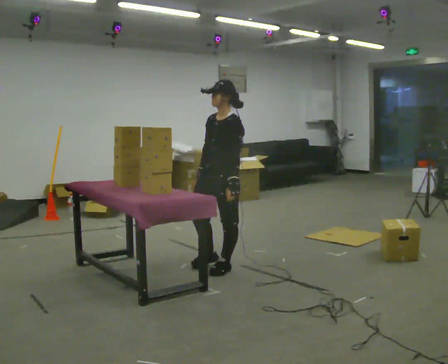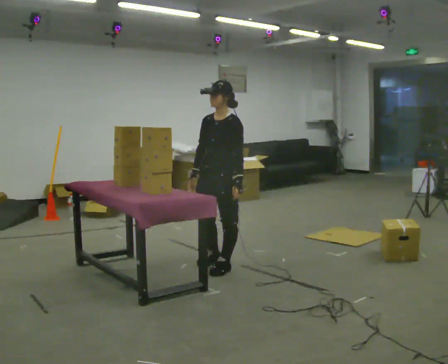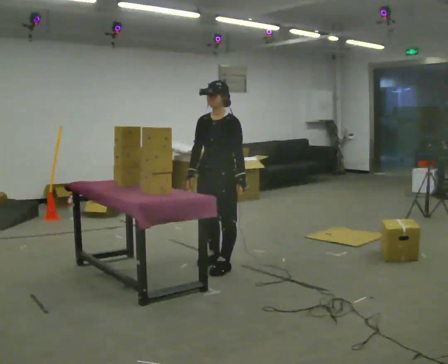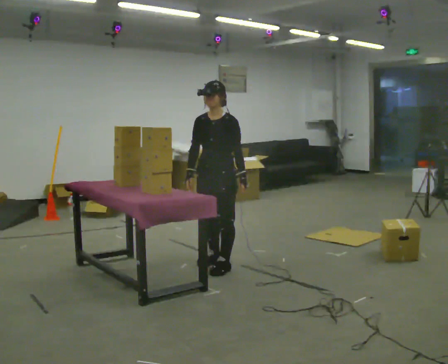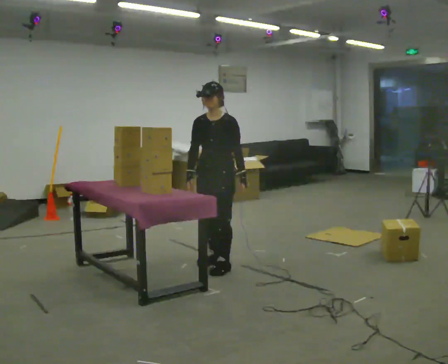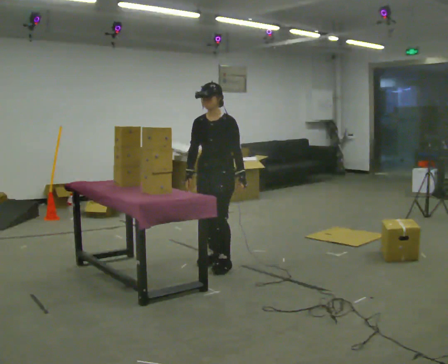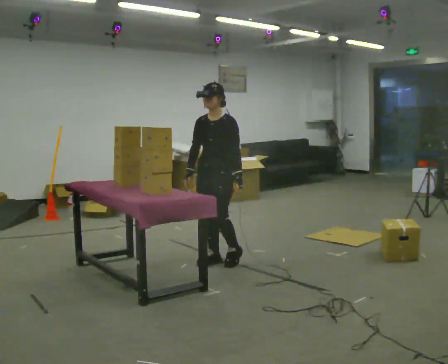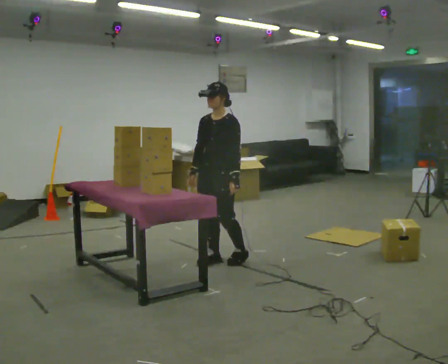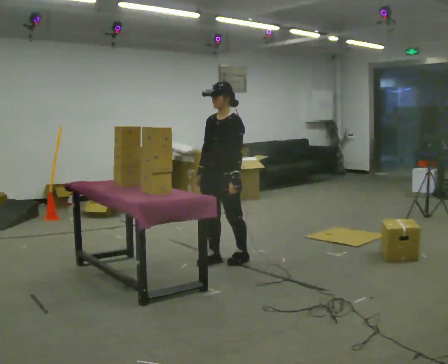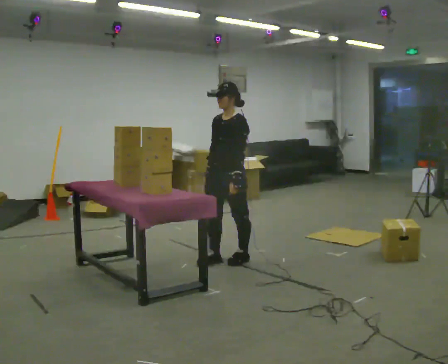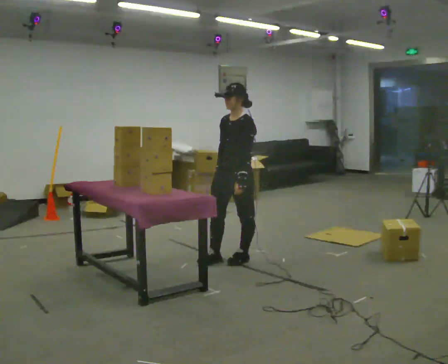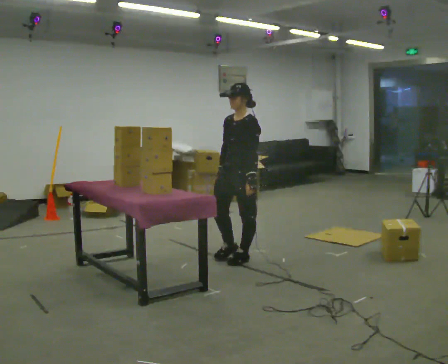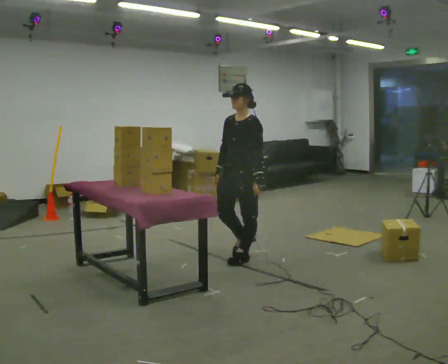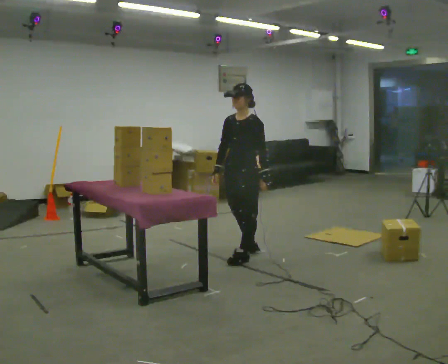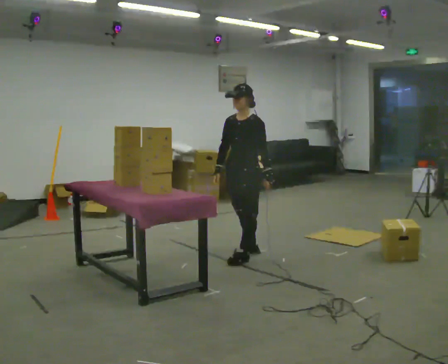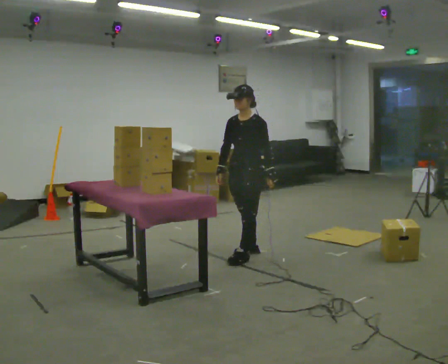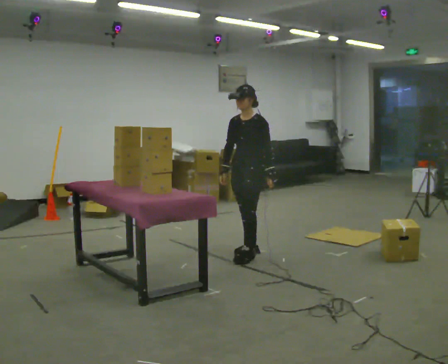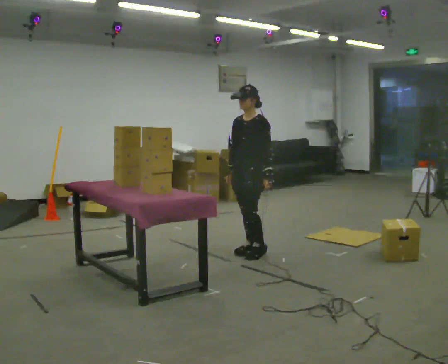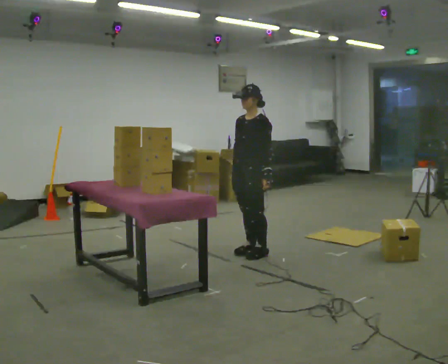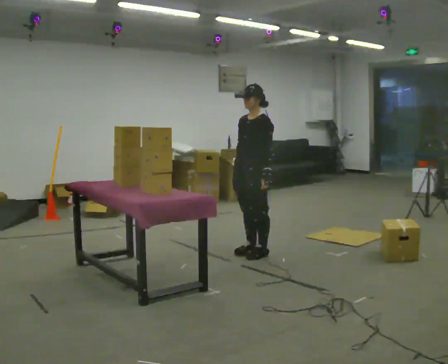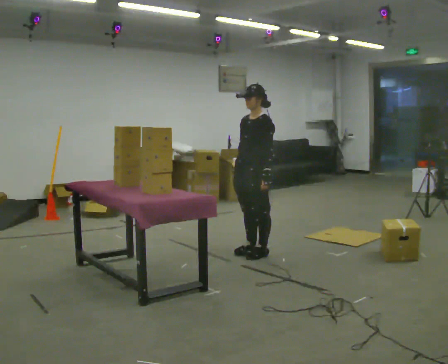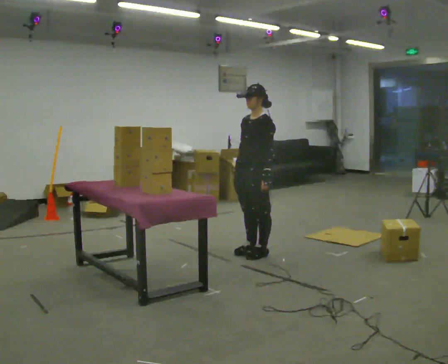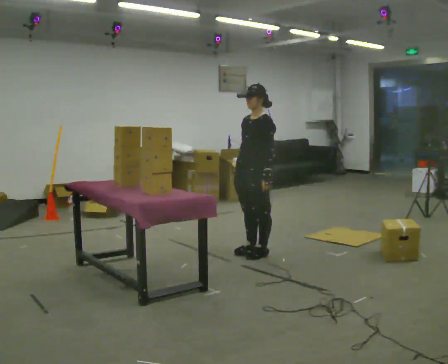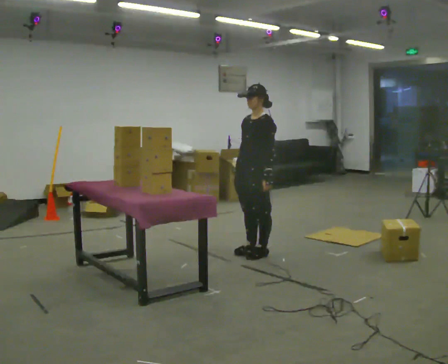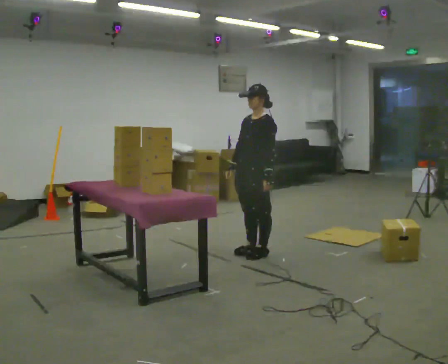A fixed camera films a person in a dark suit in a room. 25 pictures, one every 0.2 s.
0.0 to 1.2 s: In the picture they go away from the camera, about 0.25 m in 1 step, which for them is backward and to their right.
1.2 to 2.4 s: In the picture they go to the right, about 0.25 m in 1 step, which for them is backward and to their left.
2.4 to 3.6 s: In the picture they go away from the camera, about 0.25 m in 1 step, which for them is backward.
3.6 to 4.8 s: The person moves a little, or ends about where they began.
The film runs backward here.
